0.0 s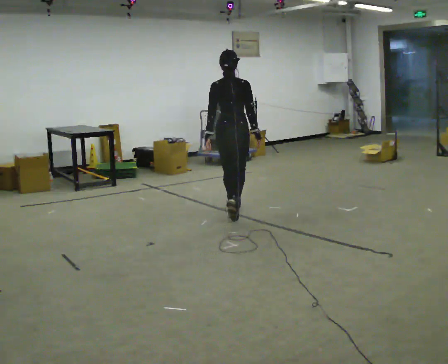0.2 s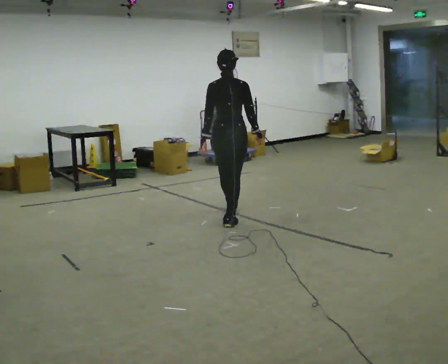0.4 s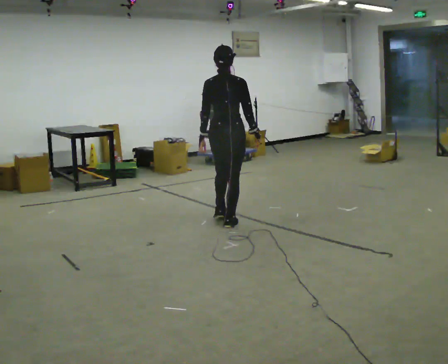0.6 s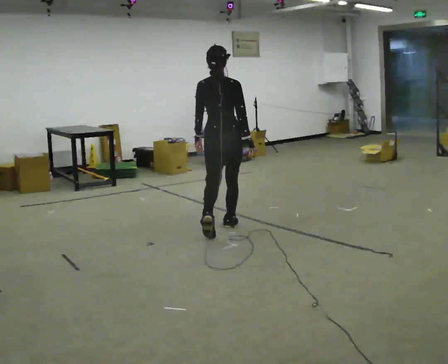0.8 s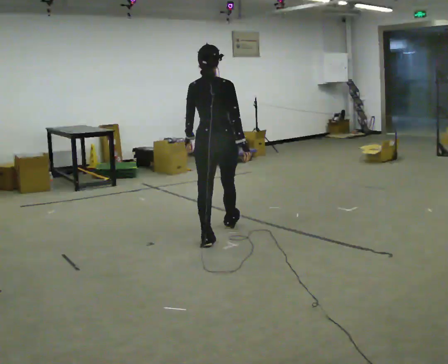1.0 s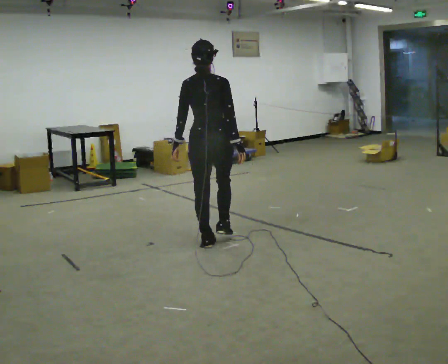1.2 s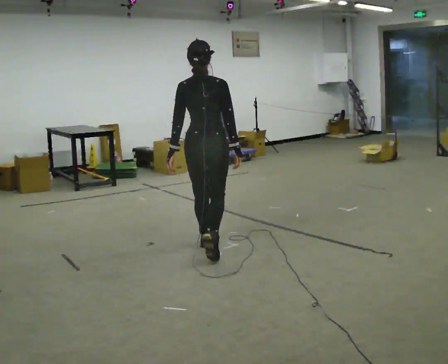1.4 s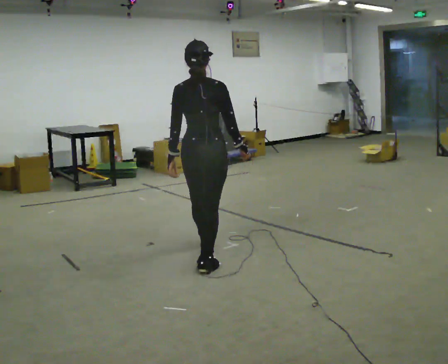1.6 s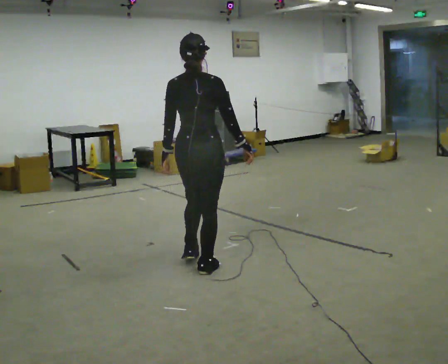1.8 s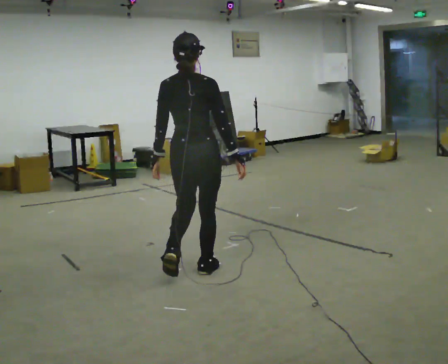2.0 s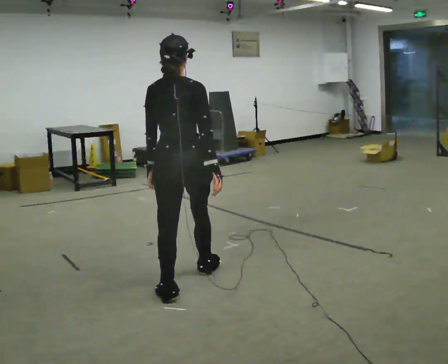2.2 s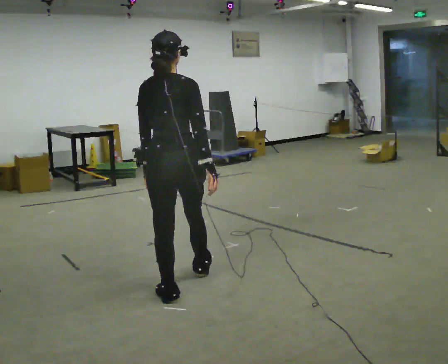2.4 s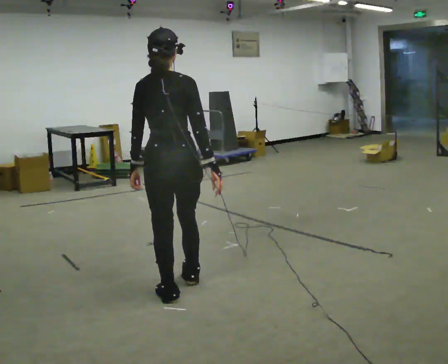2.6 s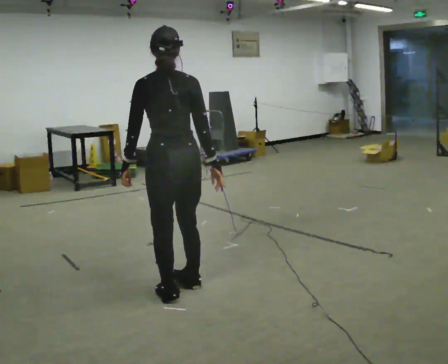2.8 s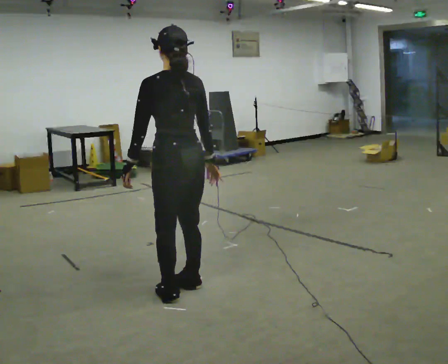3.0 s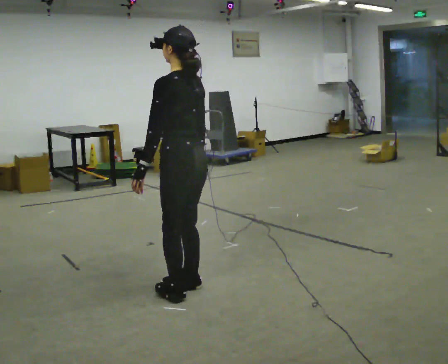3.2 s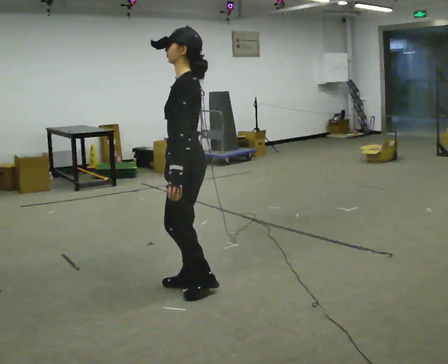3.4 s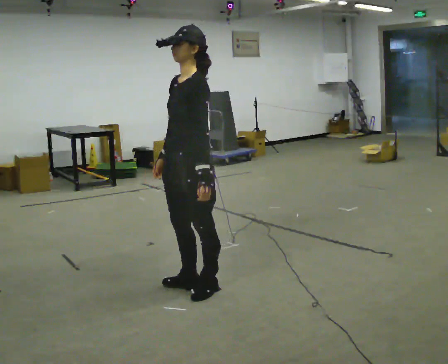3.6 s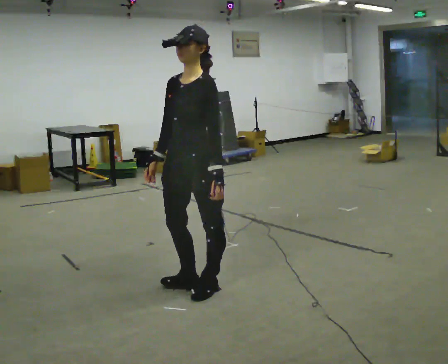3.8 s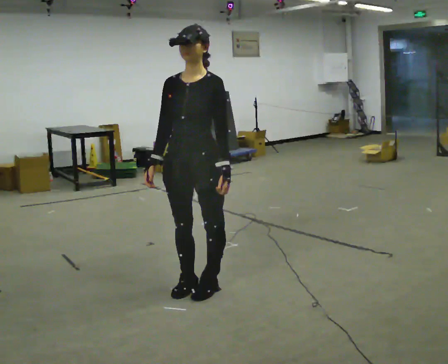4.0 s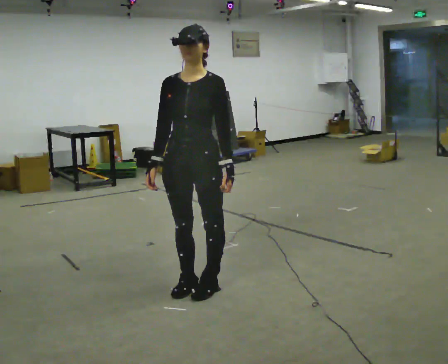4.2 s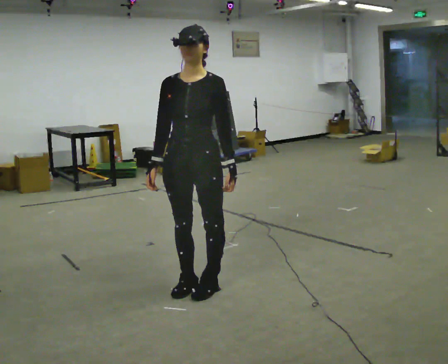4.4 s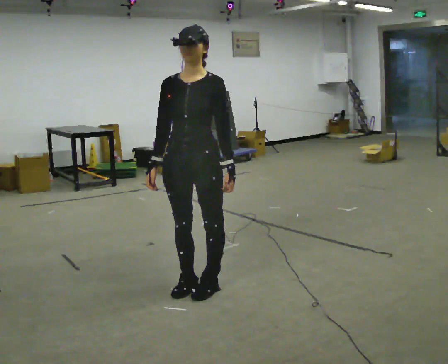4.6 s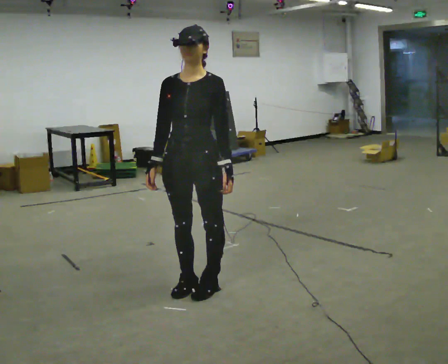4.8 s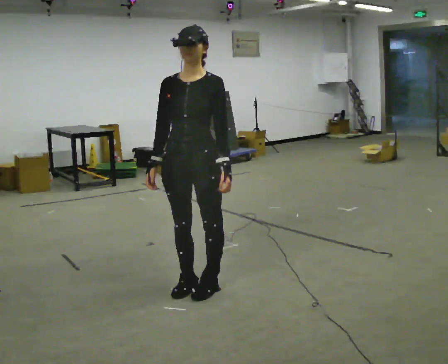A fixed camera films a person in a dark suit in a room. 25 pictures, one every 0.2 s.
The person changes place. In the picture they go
toward the camera.
The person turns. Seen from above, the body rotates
counterclockwise.
0.0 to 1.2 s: In the picture they go toward the camera, about 1 m in 2 steps, which for them is backward.
1.2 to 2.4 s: In the picture they go toward the camera, about 1 m in 2 steps, which for them is backward.
2.4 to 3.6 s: The person turns about 150 degrees to their left, counterclockwise seen from above, so the part of the body nearest the lens slides to the right. In the picture they go to the right, about 0.25 m in 1 step. In the picture their right hand goes to the left, the arm swinging clockwise.
3.6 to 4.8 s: The part of the body nearest the lens slides to the right as the person turns to their left by about 30 degrees.
The film runs backward here.
